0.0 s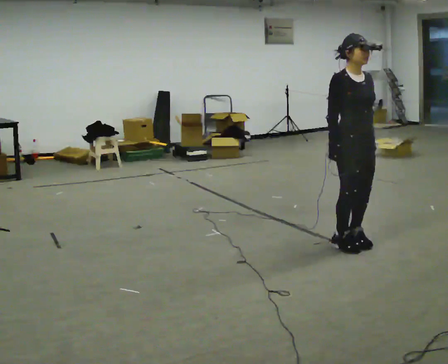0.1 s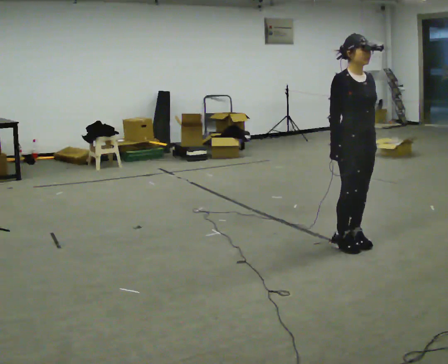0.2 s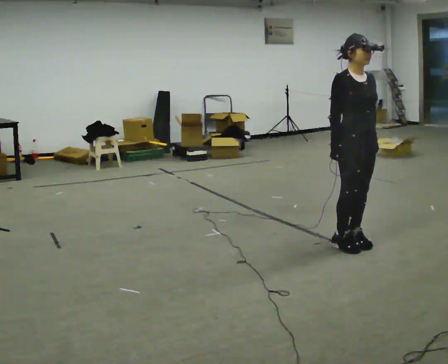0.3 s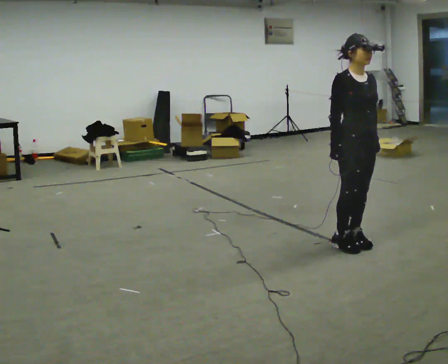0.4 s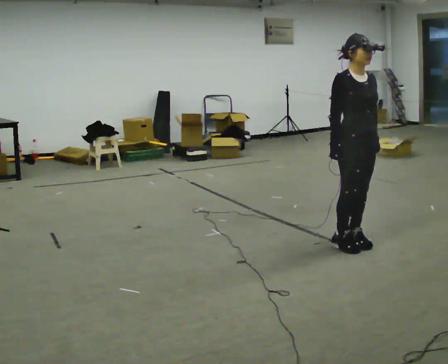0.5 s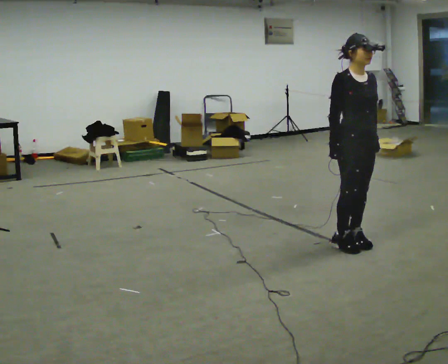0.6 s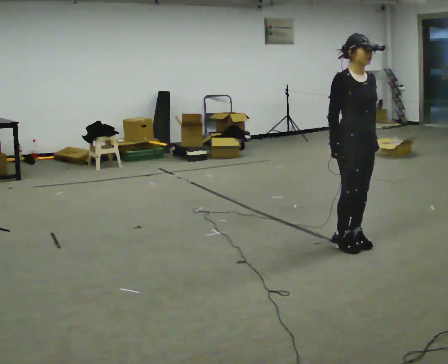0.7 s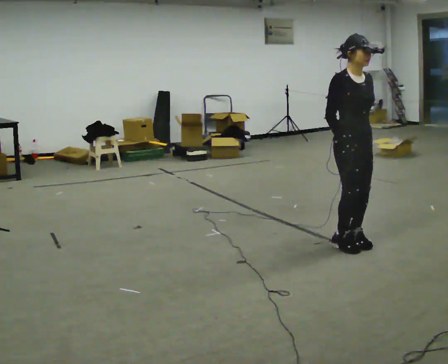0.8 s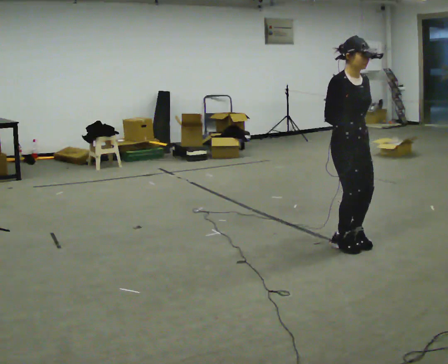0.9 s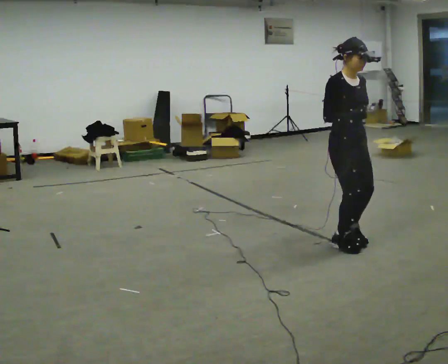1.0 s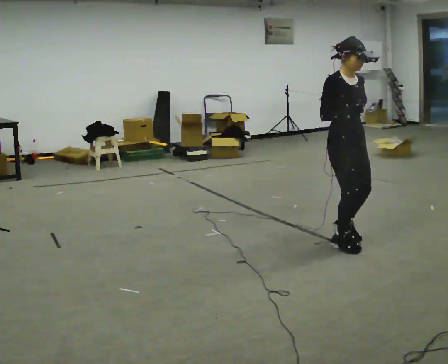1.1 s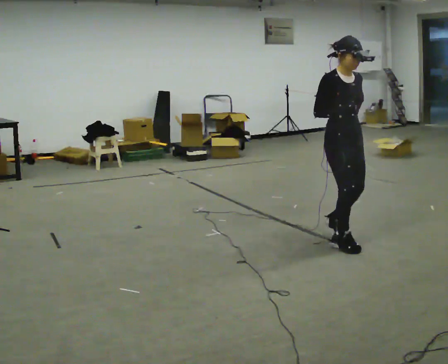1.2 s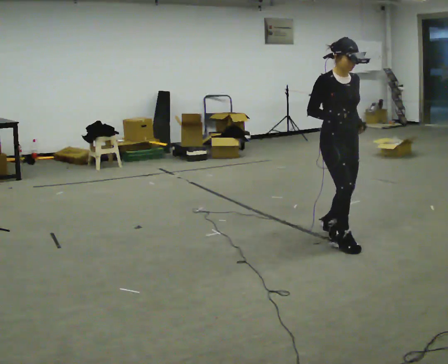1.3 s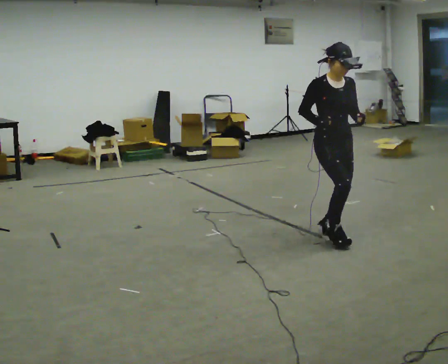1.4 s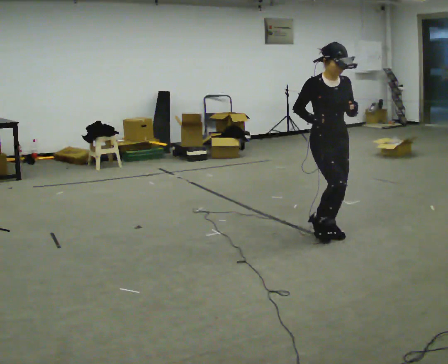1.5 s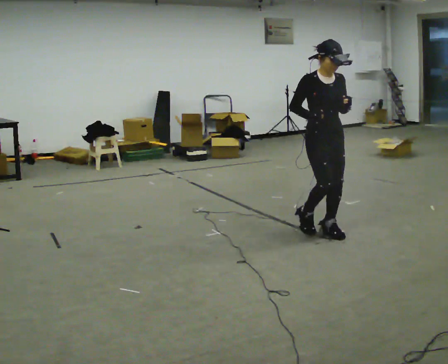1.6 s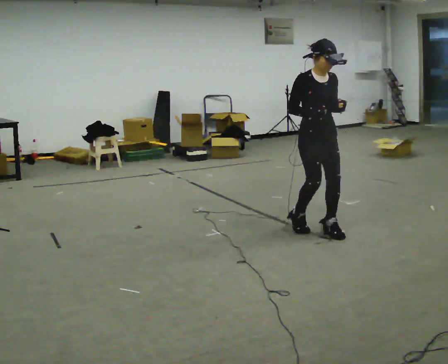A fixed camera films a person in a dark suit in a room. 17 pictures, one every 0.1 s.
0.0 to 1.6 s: In the picture they go away from the camera and to the left, about 0.5 m in 1 step, which for them is backward.
The film runs forward here.
